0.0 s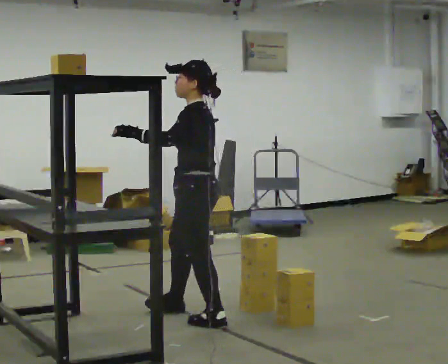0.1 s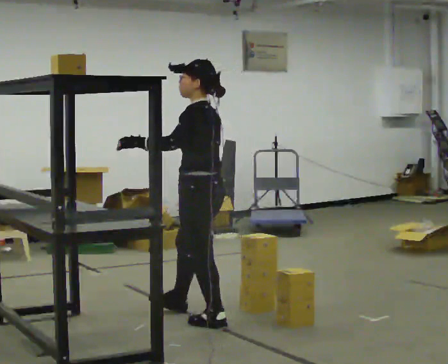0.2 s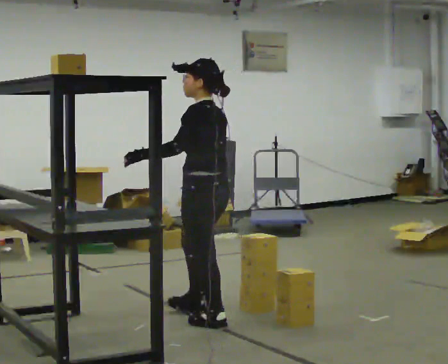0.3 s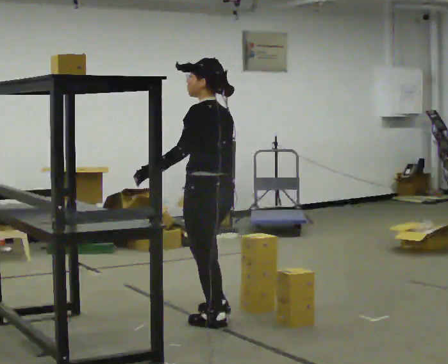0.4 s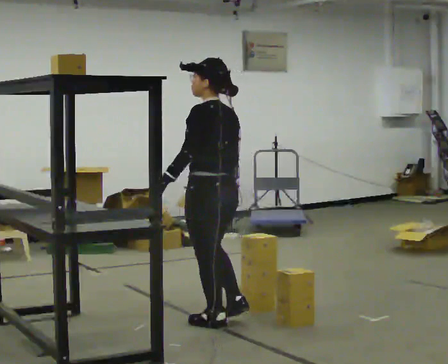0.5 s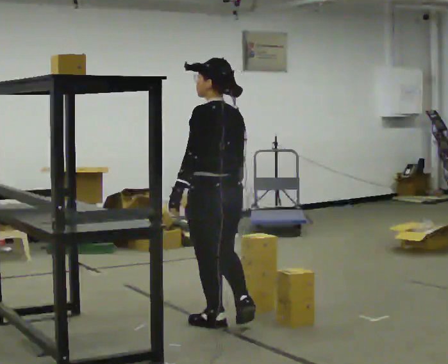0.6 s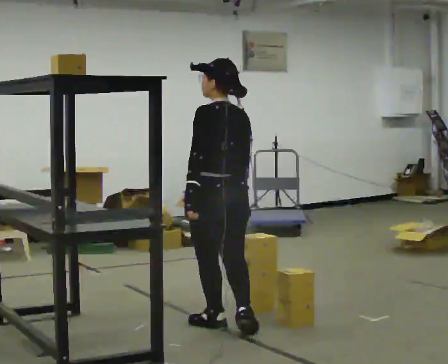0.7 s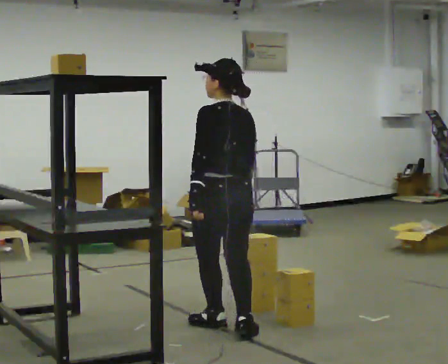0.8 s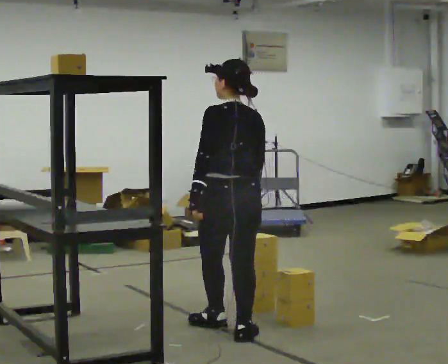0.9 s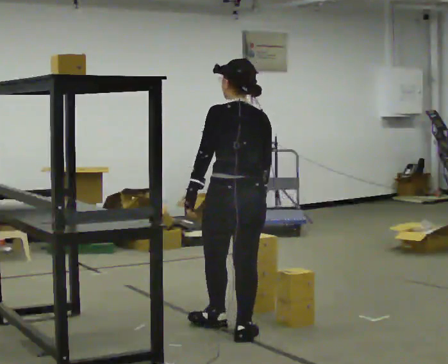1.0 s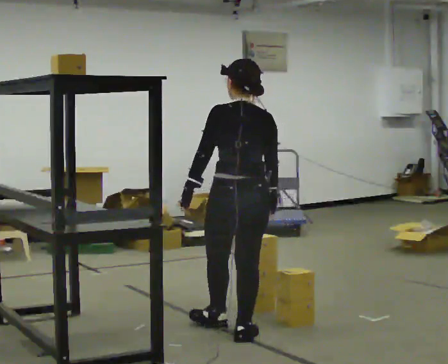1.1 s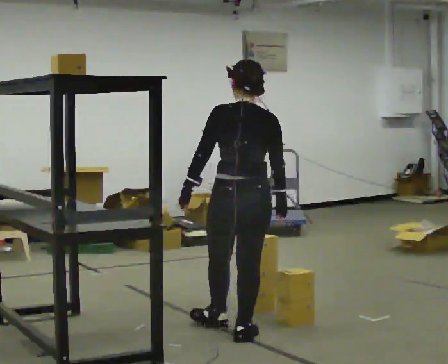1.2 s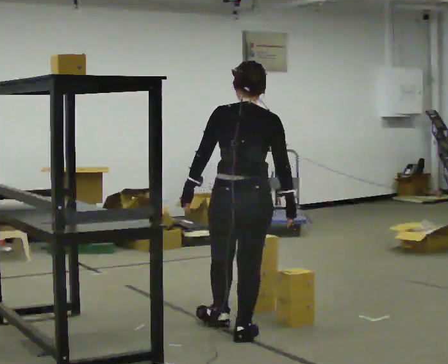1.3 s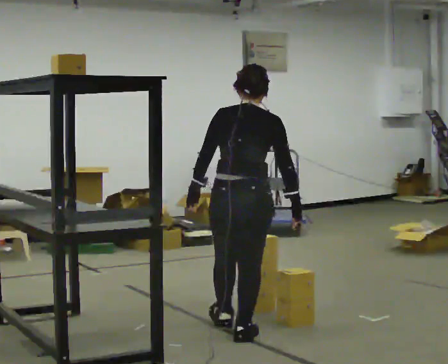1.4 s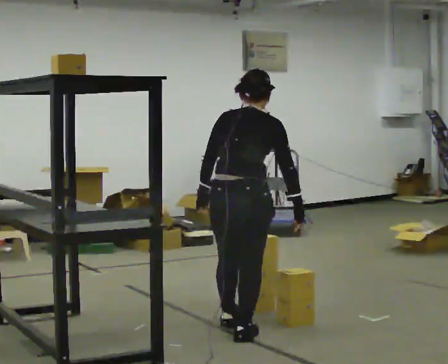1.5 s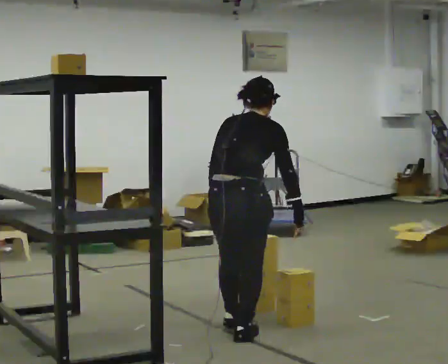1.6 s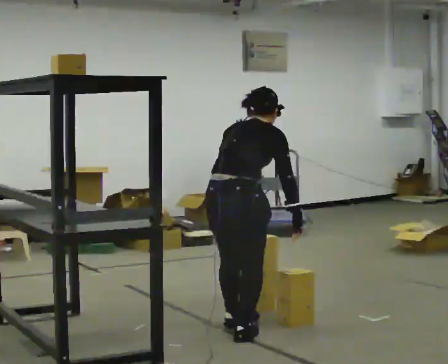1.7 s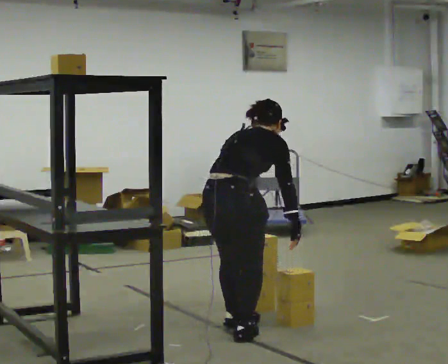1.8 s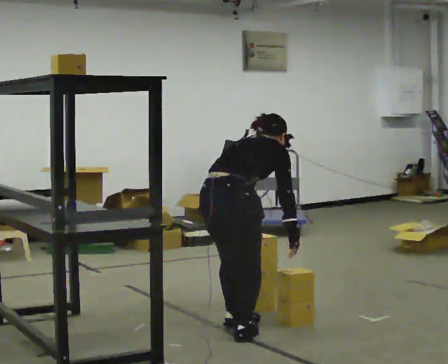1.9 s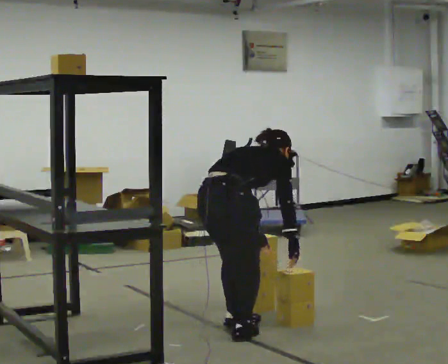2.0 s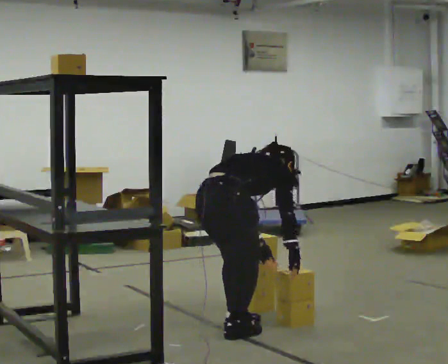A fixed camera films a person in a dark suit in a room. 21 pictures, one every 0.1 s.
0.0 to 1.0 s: The part of the body nearest the lens slides to the left as the person turns to their right by about 75 degrees. In the picture they go toward the camera and to the right, about 0.5 m in 1 step.
1.0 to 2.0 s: Seen from above the body turns clockwise, about 60 degrees: to their right, with its near side sliding to the left. The upper body goes downward. In the picture the upper body tilts clockwise, shoulders to the right, as they bend forward.
The film runs backward here.
